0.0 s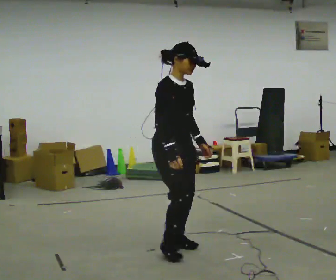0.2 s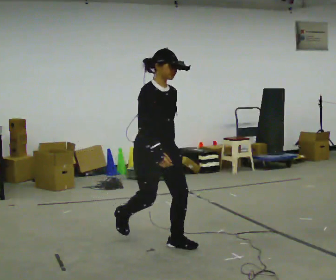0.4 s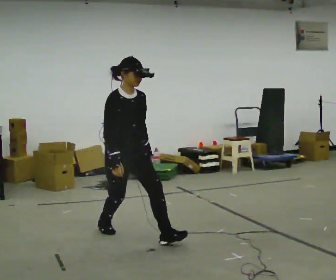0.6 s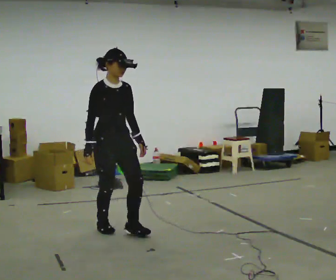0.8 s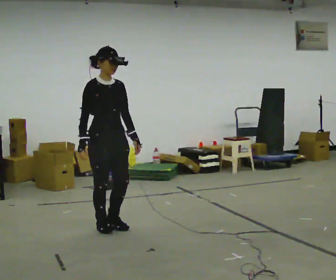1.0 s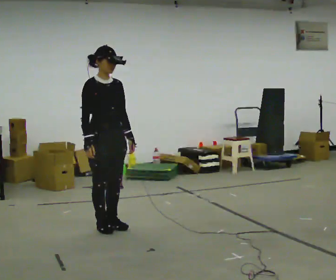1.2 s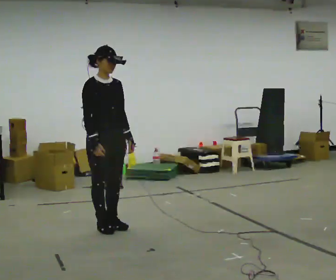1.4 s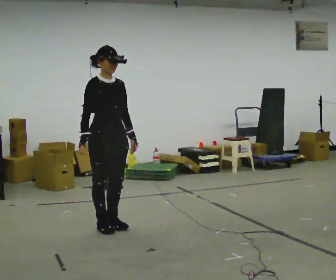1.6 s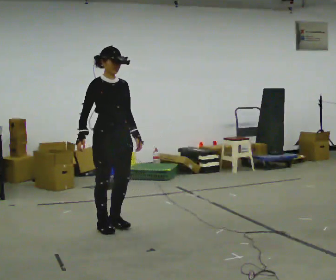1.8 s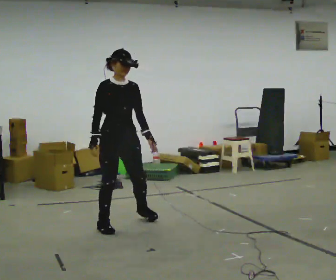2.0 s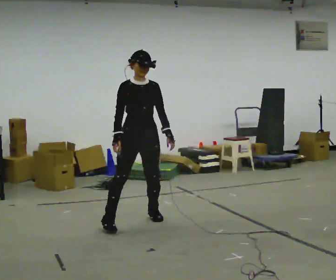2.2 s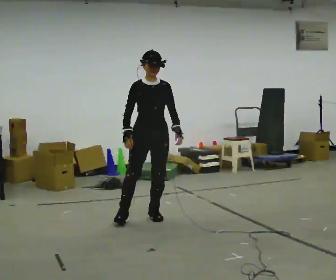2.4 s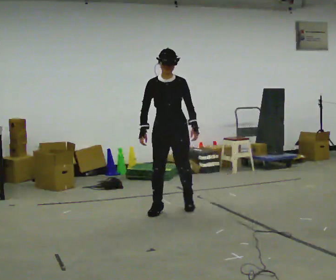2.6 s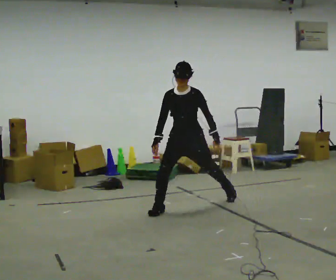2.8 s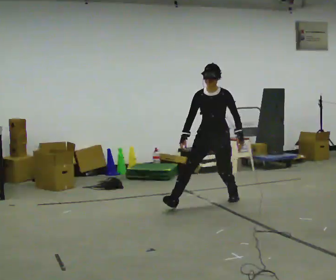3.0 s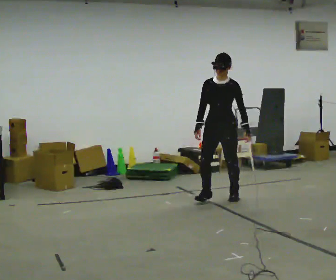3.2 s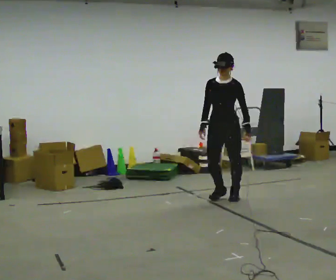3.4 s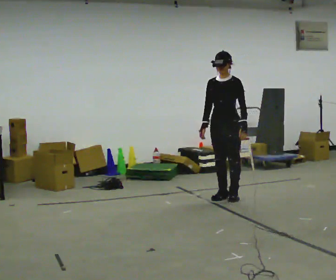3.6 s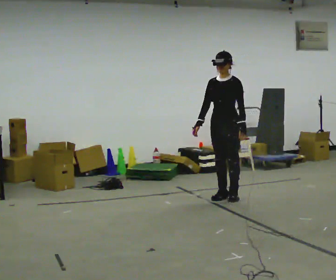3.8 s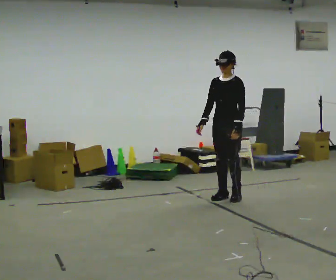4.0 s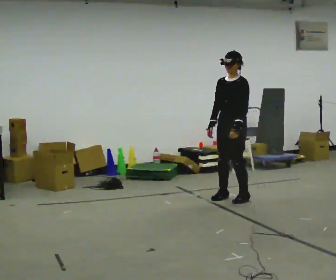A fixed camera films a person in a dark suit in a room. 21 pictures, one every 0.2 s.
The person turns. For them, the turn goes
to their right.
The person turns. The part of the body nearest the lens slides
to the left.
0.0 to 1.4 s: In the picture they go away from the camera and to the left, about 1 m in 1 step, which for them is backward.
1.4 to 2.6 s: Seen from above the body turns clockwise, about 60 degrees: to their right, with its near side sliding to the left. In the picture they go to the right and away from the camera, about 1 m in 3 steps, which for them is to their left and backward.
2.6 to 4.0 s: Seen from above the body turns clockwise, about 30 degrees: to their right, with its near side sliding to the left. In the picture they go to the right and away from the camera, about 0.5 m in 2 steps, which for them is backward and to their left.
The film runs backward here.
